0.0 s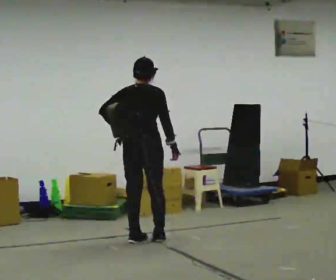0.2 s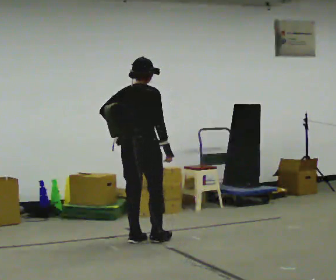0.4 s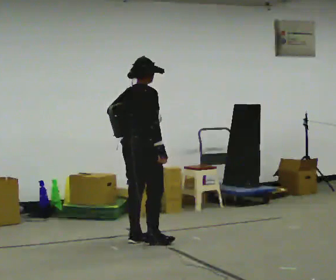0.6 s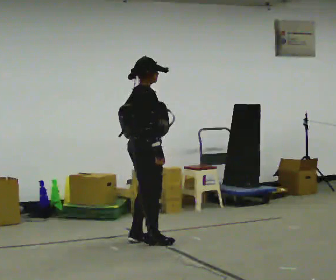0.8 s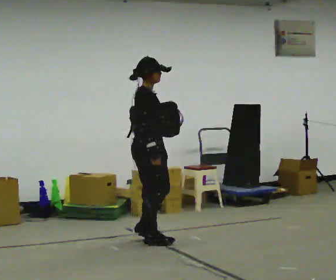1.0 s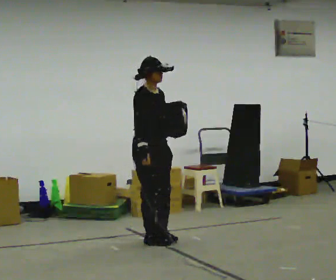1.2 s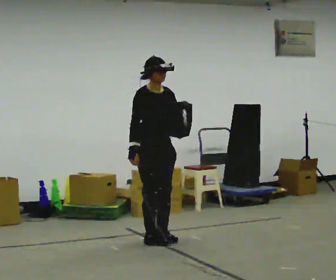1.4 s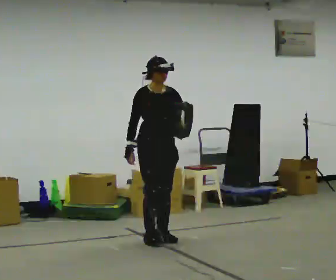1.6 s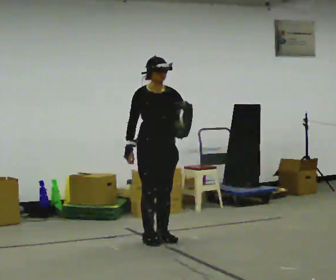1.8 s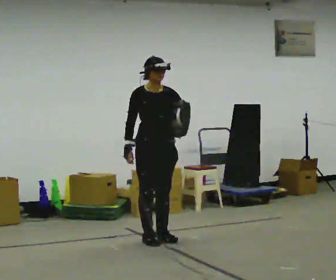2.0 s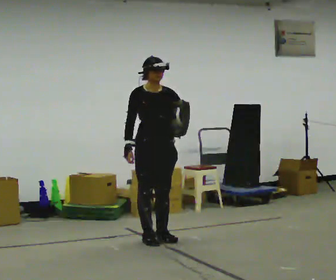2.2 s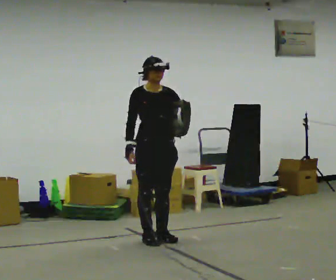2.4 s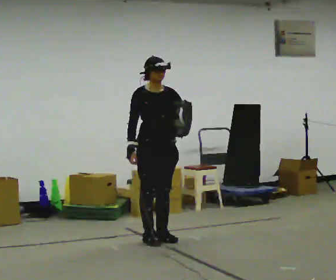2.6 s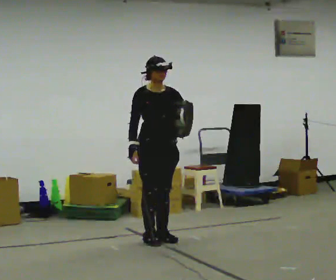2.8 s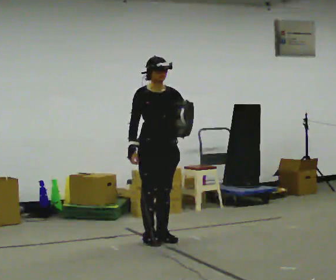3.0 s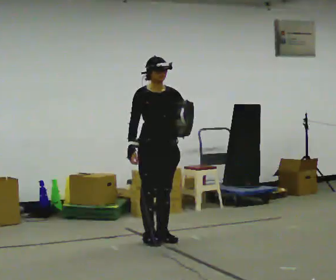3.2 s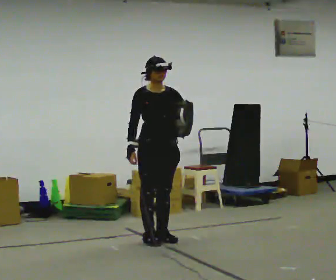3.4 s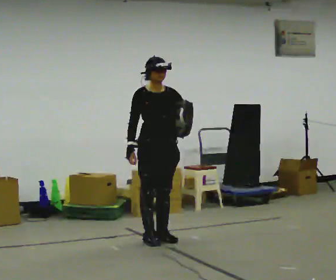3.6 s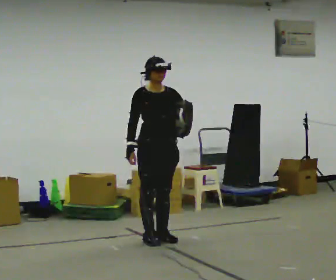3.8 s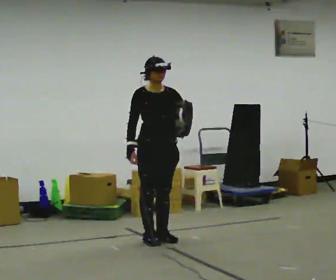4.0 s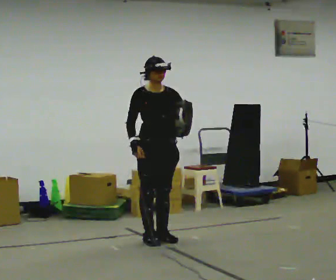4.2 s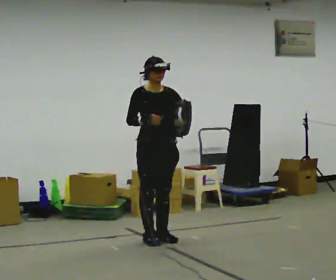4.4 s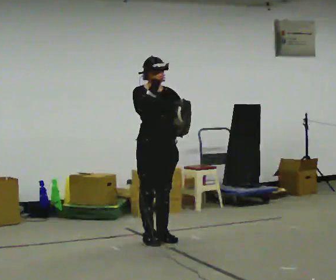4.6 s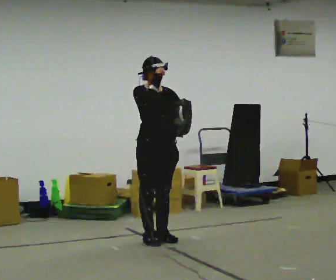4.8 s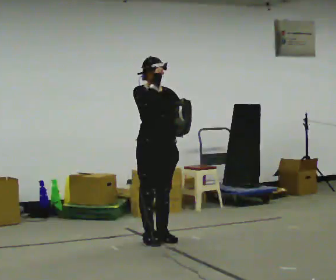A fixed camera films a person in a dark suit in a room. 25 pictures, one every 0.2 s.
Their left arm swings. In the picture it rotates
counterclockwise.
The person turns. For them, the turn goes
to their right.
0.0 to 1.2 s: Seen from above the body turns clockwise, about 120 degrees: to their right, with its near side sliding to the left. In the picture their right hand goes to the left, the arm swinging clockwise.
1.2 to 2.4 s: The person moves a little, or ends about where they began.
2.4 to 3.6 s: The person keeps their place and pose.
3.6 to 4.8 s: In the picture their right hand goes upward.
The film runs forward here.
